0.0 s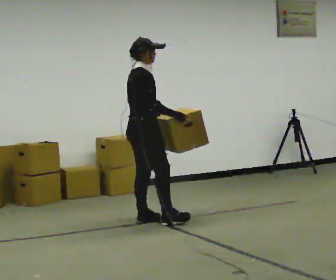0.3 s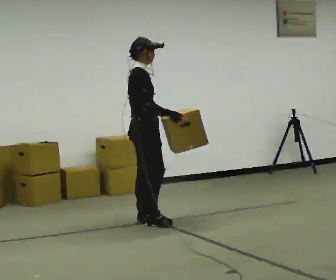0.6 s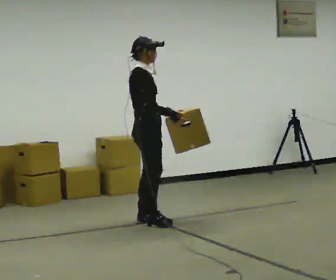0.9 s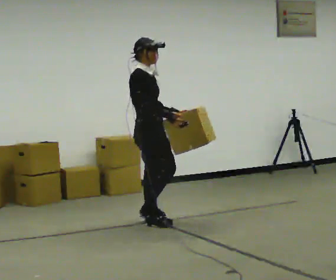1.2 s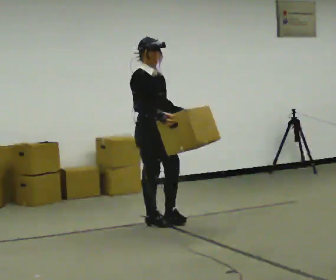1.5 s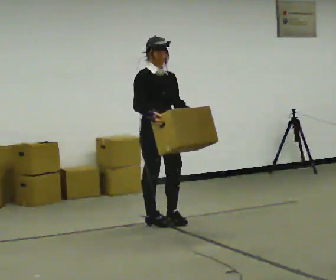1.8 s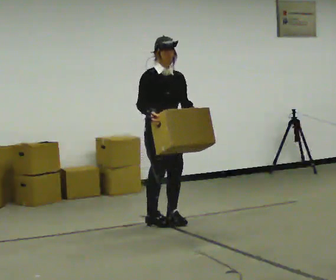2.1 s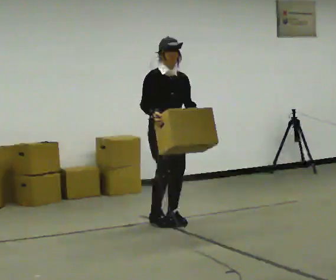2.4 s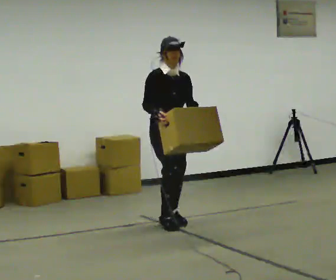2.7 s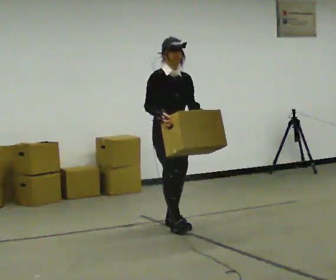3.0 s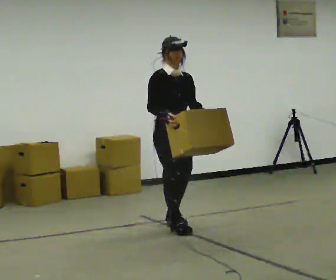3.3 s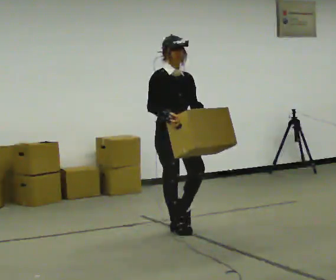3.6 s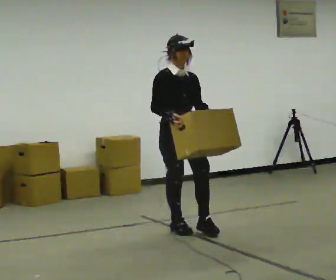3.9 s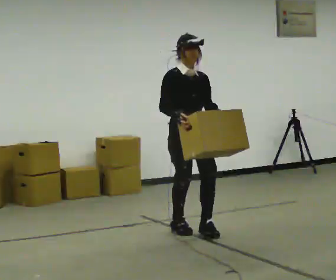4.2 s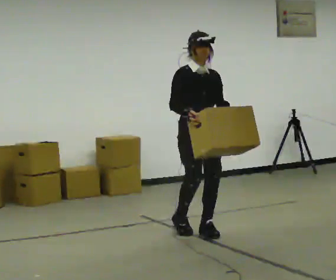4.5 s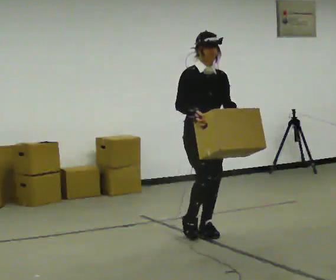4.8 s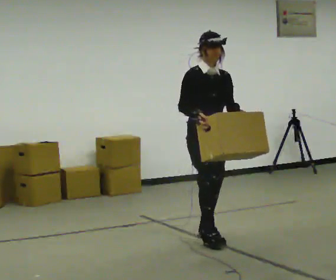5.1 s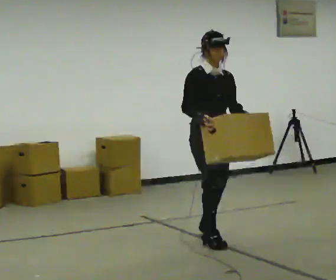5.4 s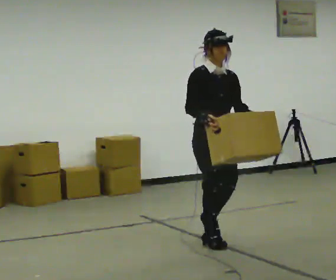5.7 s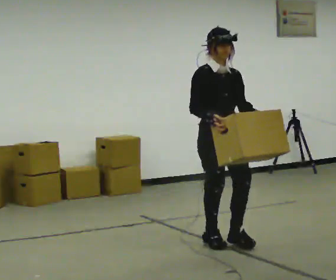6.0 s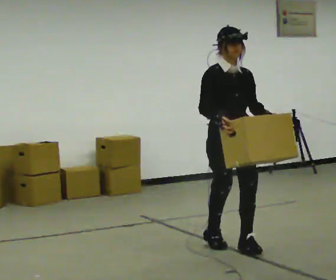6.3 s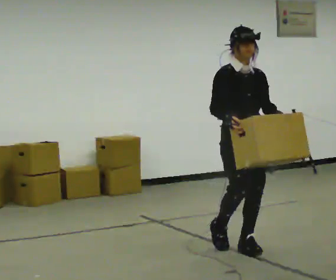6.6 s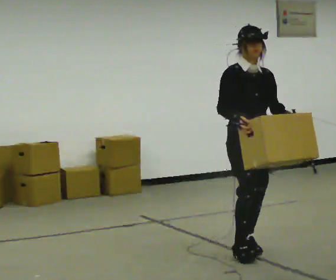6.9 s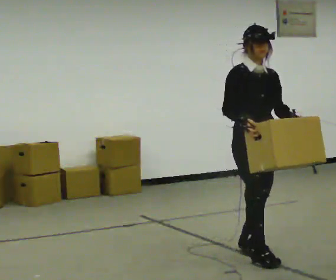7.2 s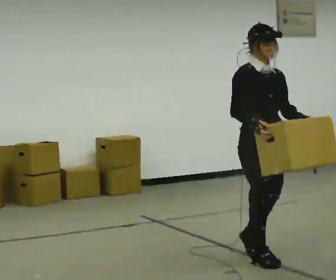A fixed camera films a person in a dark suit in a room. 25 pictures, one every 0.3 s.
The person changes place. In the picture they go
toward the camera.
0.0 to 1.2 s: The person turns about 60 degrees to their right, clockwise seen from above, so the part of the body nearest the lens slides to the left.
1.2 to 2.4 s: Seen from above the body turns clockwise, about 30 degrees: to their right, with its near side sliding to the left.
2.4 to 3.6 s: In the picture they go toward the camera, about 0.25 m in 1 step, which for them is forward.
3.6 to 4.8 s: In the picture they go toward the camera and to the right, about 0.25 m in 2 steps, which for them is forward and to their left.
4.8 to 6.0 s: In the picture they go toward the camera, about 0.5 m in 1 step, which for them is forward.
6.0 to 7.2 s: In the picture they go toward the camera and to the right, about 0.5 m in 1 step, which for them is forward.
The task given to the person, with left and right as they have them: Carry the box across the room much more slowly and carefully than normal, back and forth.
The film runs forward here.
